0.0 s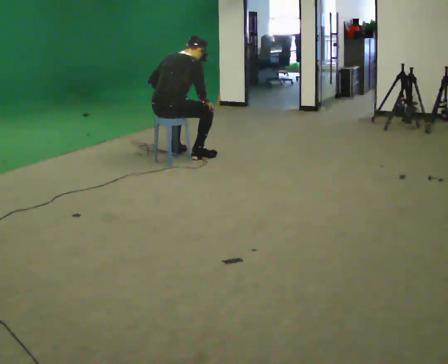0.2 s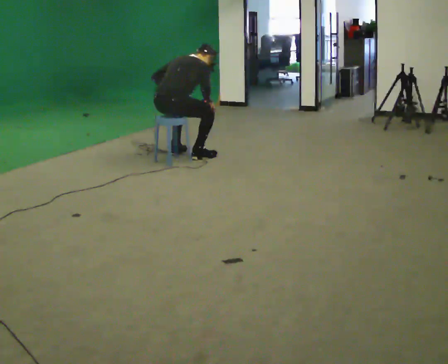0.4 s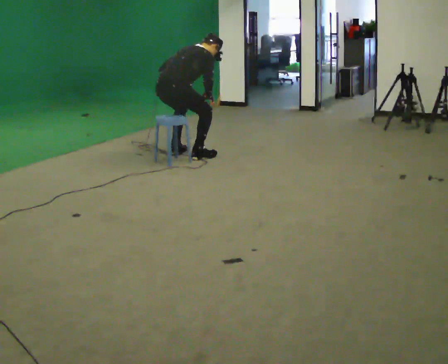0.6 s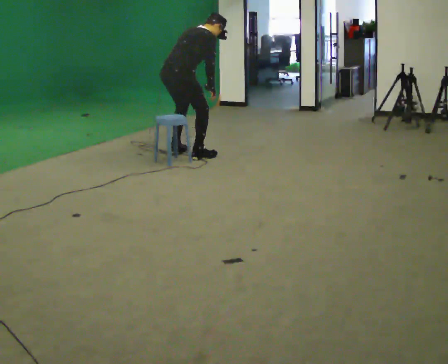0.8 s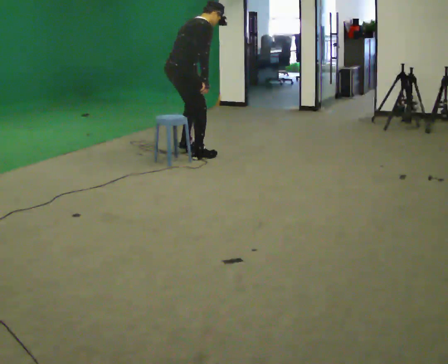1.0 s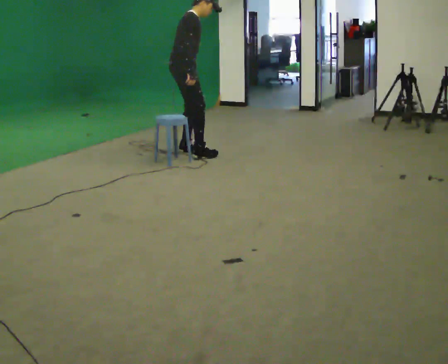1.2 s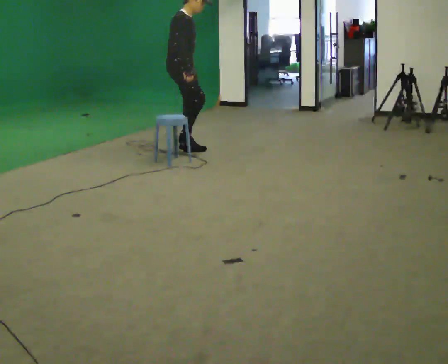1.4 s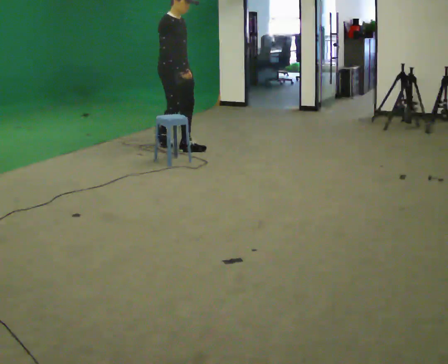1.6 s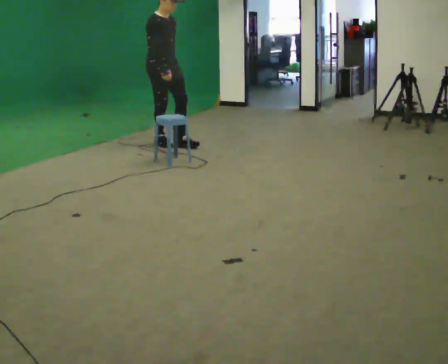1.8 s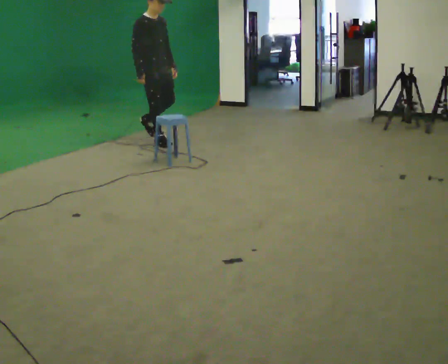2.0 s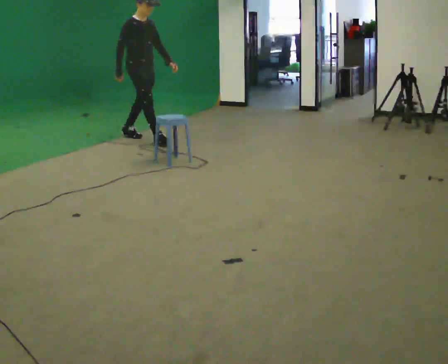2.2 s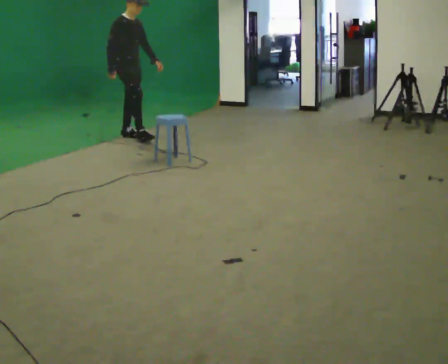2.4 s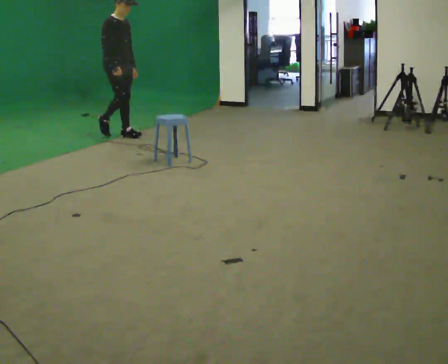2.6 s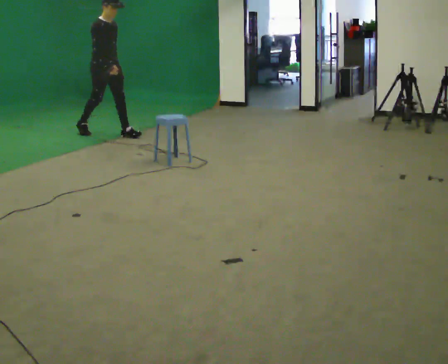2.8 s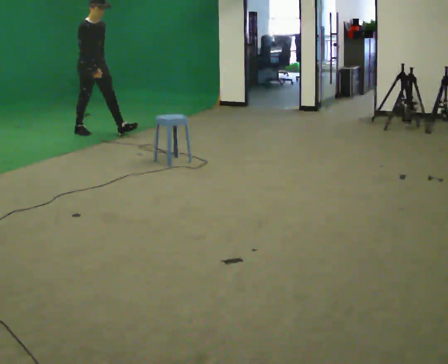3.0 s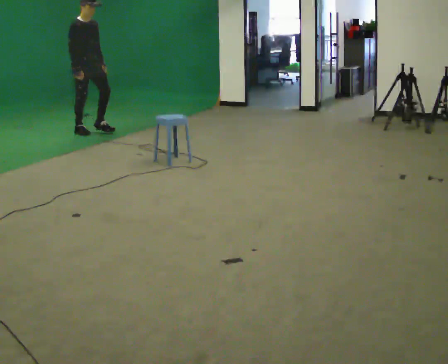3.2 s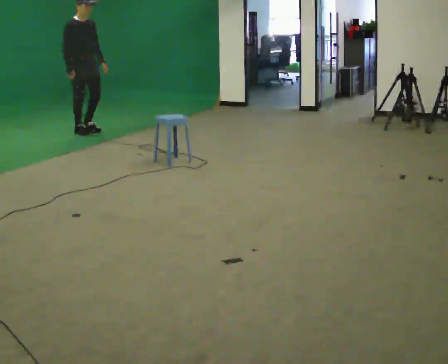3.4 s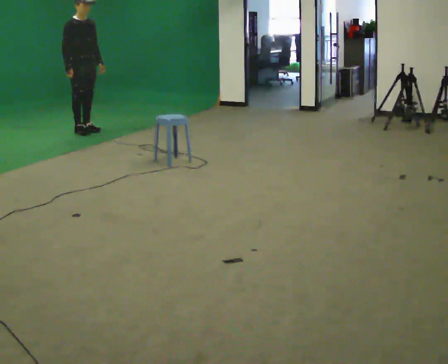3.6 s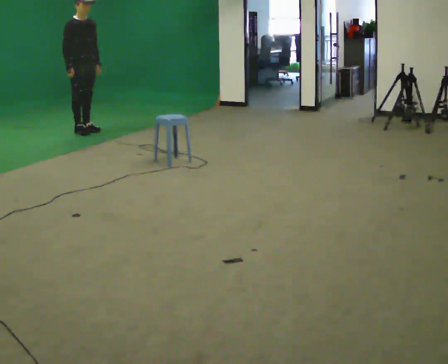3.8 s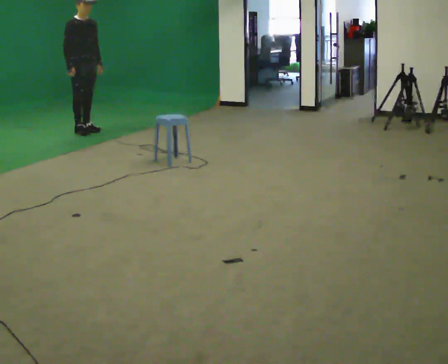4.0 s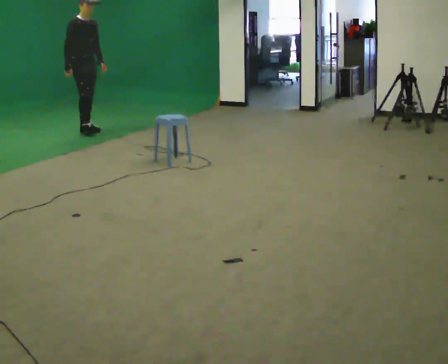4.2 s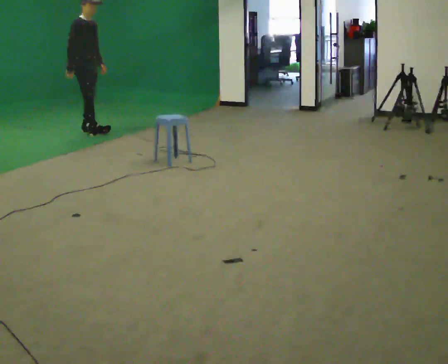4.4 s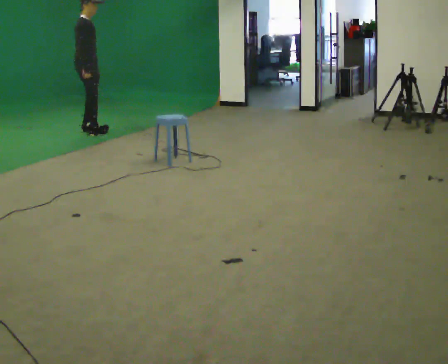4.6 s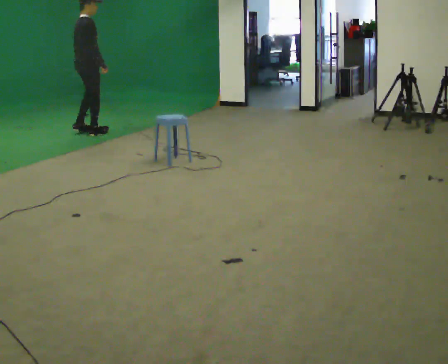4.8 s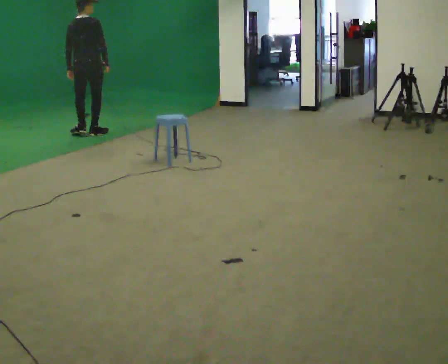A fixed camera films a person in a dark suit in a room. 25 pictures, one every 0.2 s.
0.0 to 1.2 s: The person turns about 75 degrees to their right, clockwise seen from above, so the part of the body nearest the lens slides to the left. In the picture they go away from the camera, about 0.5 m in 2 steps. The upper body goes upward. In the picture their right hand goes upward.
1.2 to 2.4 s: In the picture they go away from the camera and to the left, about 1 m in 2 steps, which for them is backward.
2.4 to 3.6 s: In the picture they go to the left and away from the camera, about 0.5 m in 1 step, which for them is backward.
3.6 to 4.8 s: Seen from above the body turns counterclockwise, about 105 degrees: to their left, with its near side sliding to the right. In the picture they go toward the camera, about 0.25 m in 2 steps. In the picture their right hand goes to the right.
The film runs backward here.
